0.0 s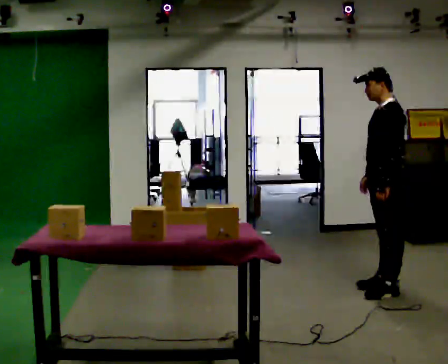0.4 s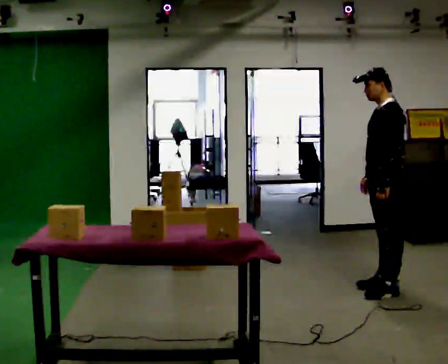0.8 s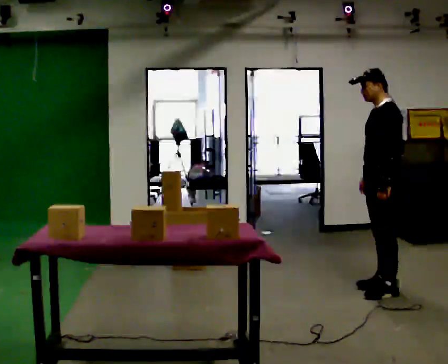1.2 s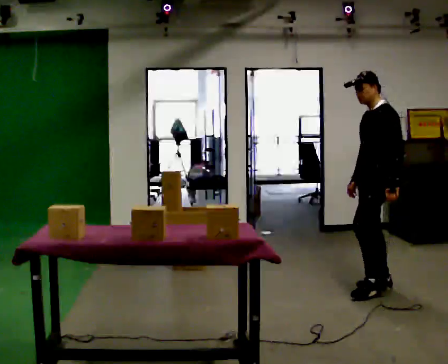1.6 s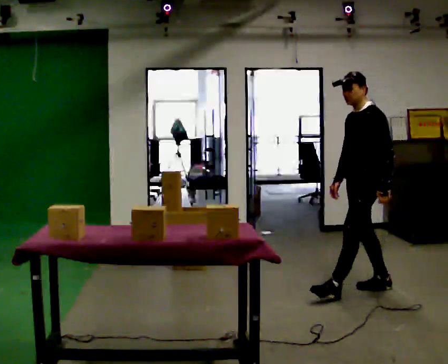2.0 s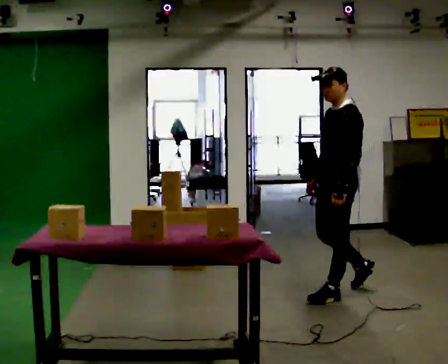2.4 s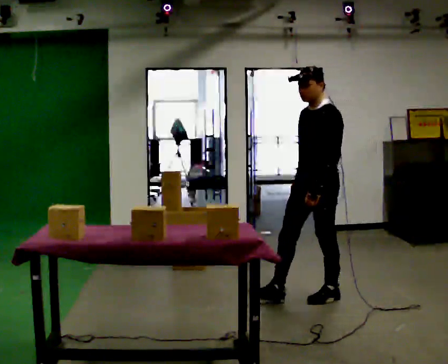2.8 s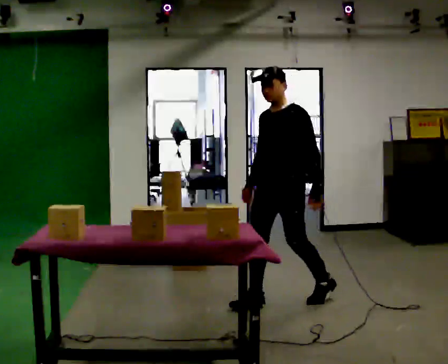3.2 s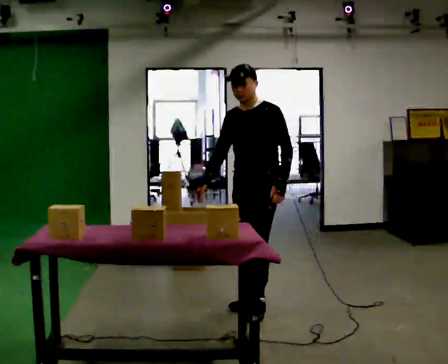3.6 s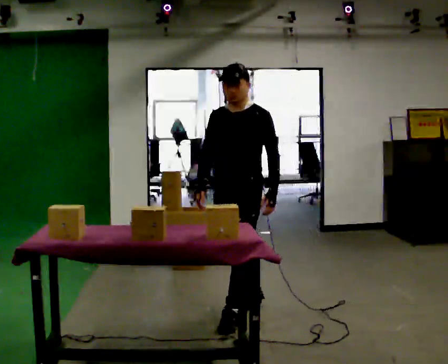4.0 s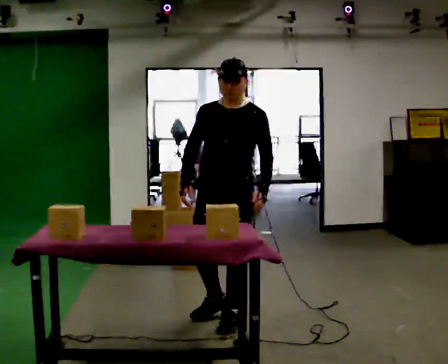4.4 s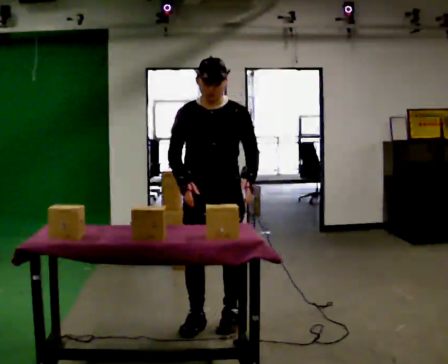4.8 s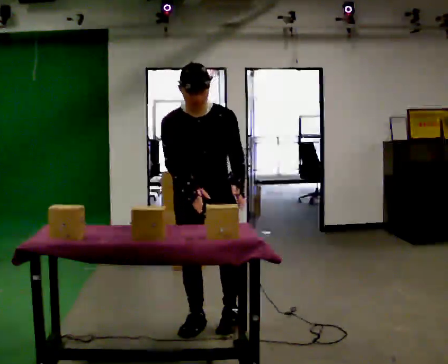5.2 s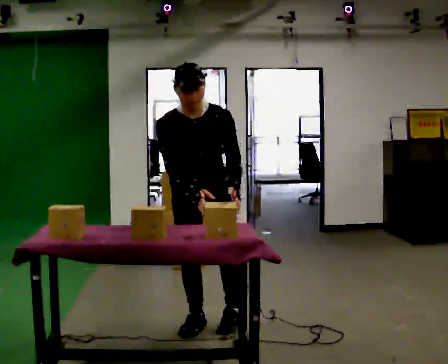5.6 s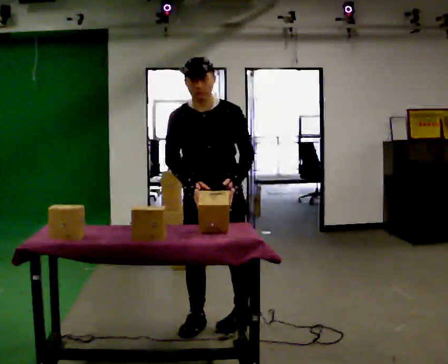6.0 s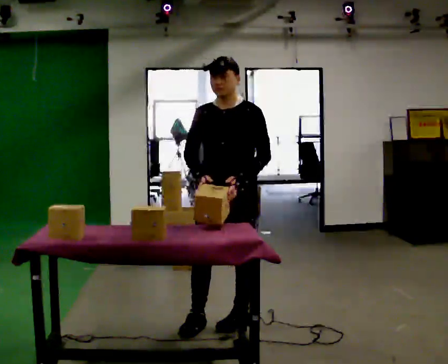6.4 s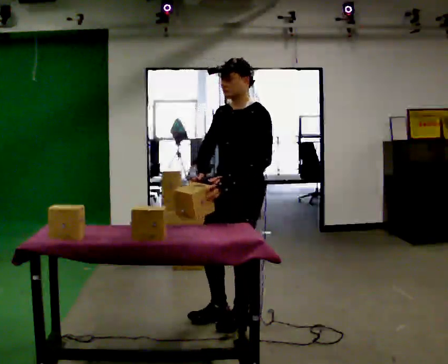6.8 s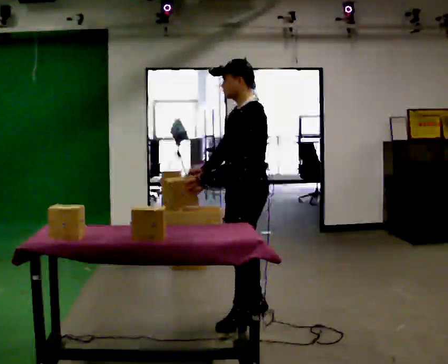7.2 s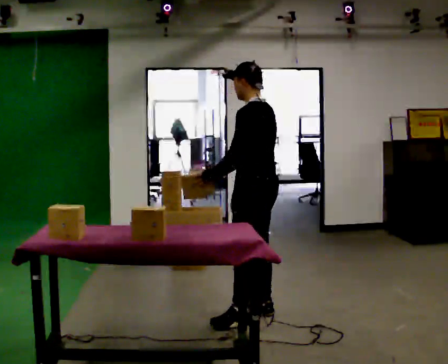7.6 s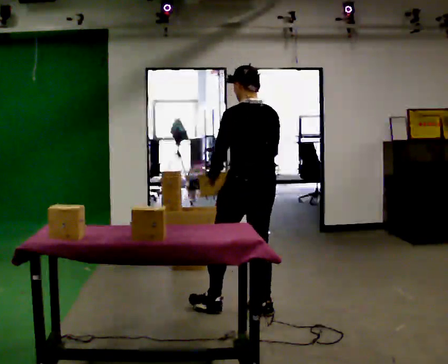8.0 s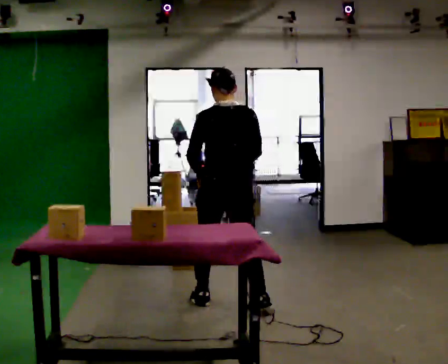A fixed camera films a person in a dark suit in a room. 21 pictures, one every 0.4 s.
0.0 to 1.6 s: In the picture they go to the left, about 0.25 m in 1 step, which for them is forward.
1.6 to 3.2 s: The person turns about 45 degrees to their left, counterclockwise seen from above, so the part of the body nearest the lens slides to the right. In the picture they go to the left and toward the camera, about 1 m in 1 step, which for them is forward.
3.2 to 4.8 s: The part of the body nearest the lens slides to the right as the person turns to their left by about 45 degrees. In the picture they go toward the camera and to the left, about 0.5 m in 2 steps, which for them is forward and to their right. The upper body tips toward the camera, its near side rolling downward, as they bend forward.
4.8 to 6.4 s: The part of the body nearest the lens slides to the left as the person turns to their right by about 60 degrees. In the picture they go to the right, about 0.25 m. The upper body tips away from the camera, its near side rolling upward, as they lean back or straighten.
6.4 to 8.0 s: The person turns about 120 degrees to their right, clockwise seen from above, so the part of the body nearest the lens slides to the left. In the picture they go away from the camera, about 0.5 m in 2 steps.
The film runs forward here.
